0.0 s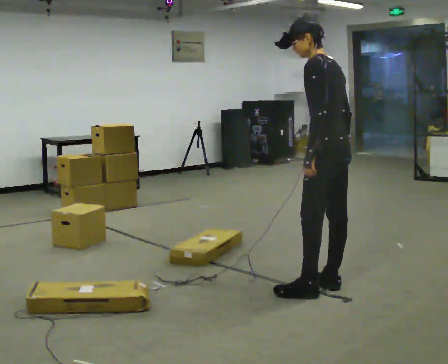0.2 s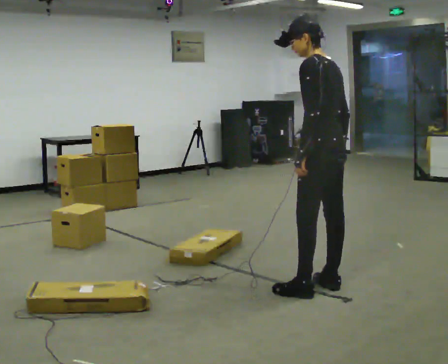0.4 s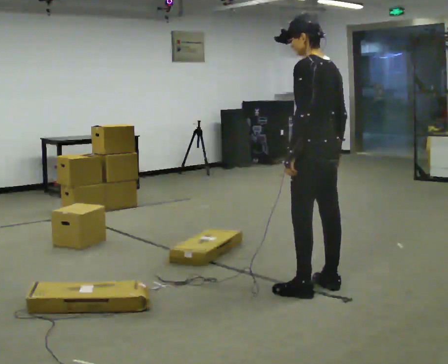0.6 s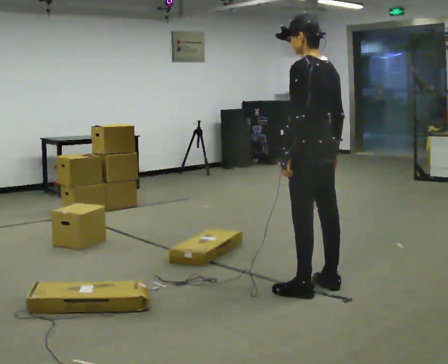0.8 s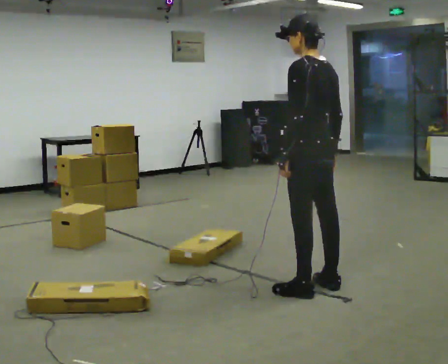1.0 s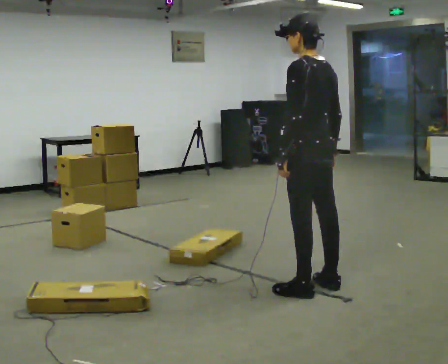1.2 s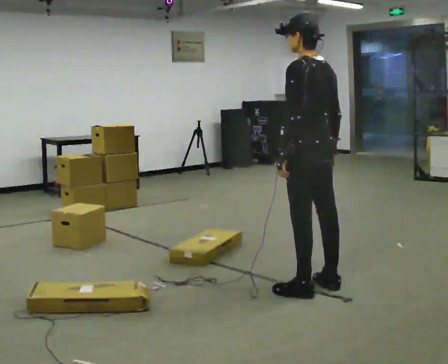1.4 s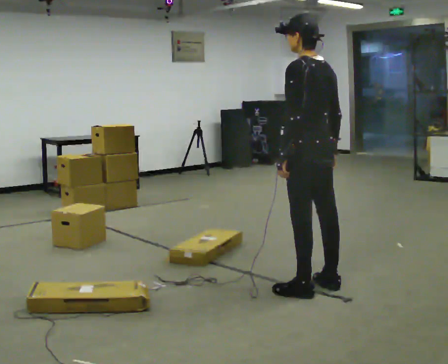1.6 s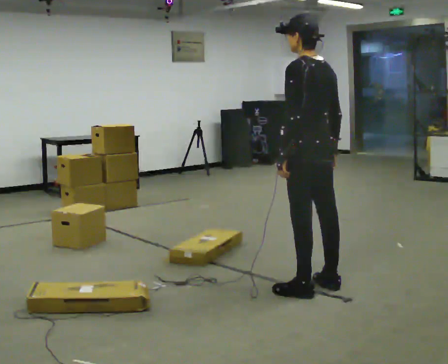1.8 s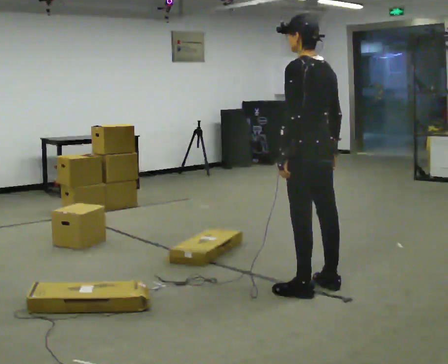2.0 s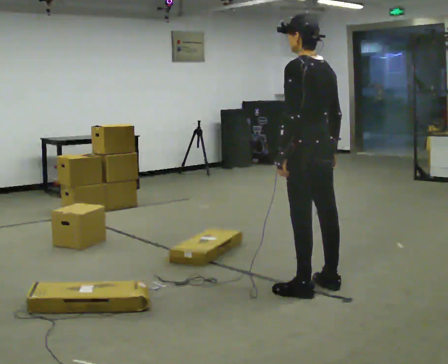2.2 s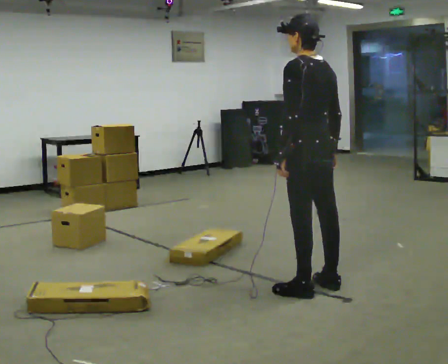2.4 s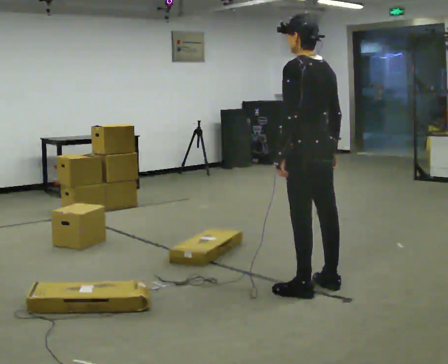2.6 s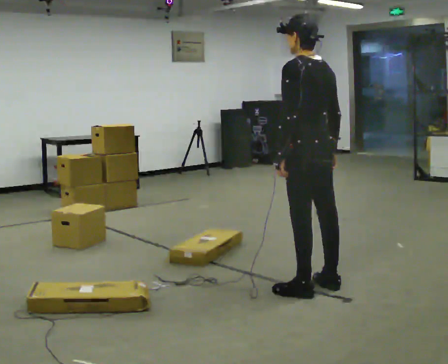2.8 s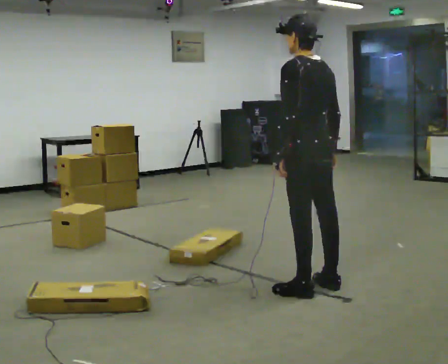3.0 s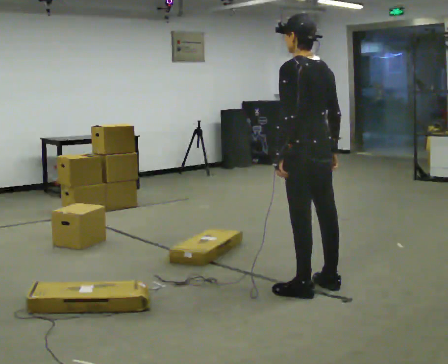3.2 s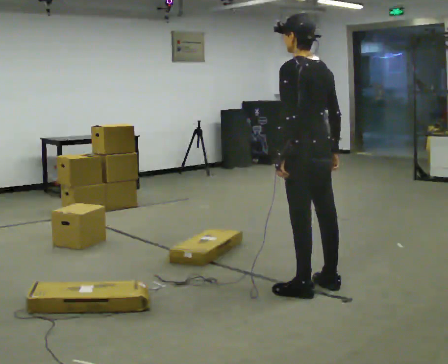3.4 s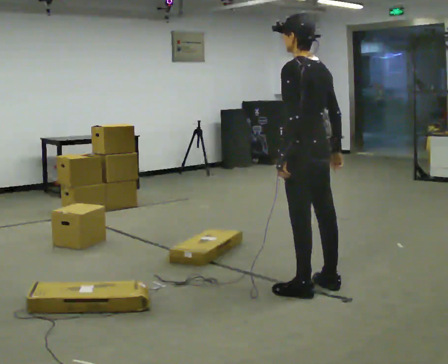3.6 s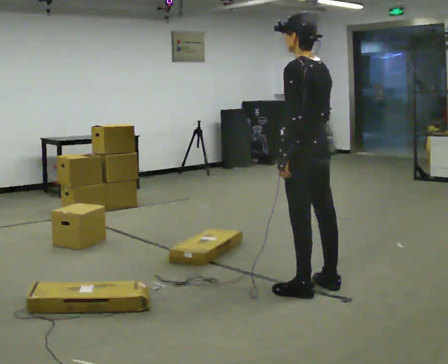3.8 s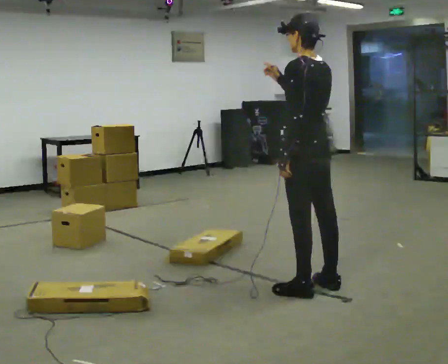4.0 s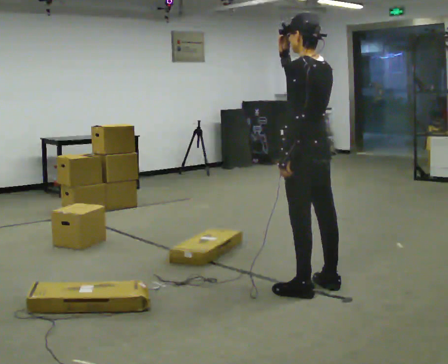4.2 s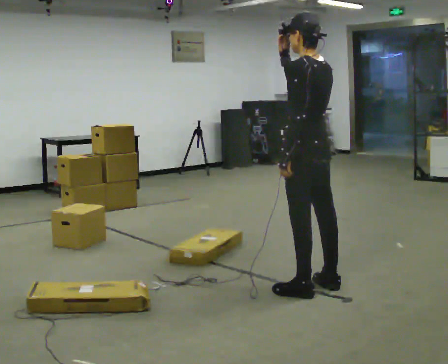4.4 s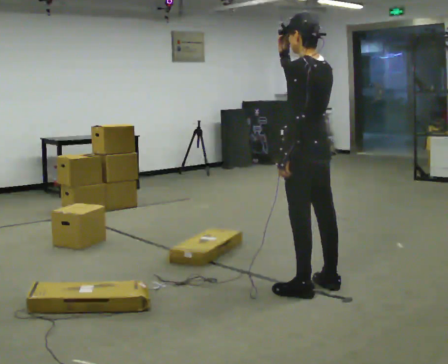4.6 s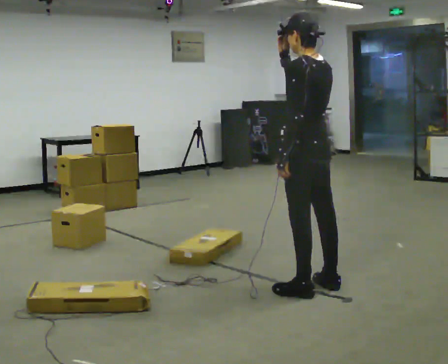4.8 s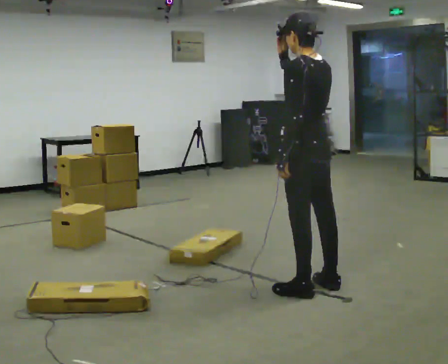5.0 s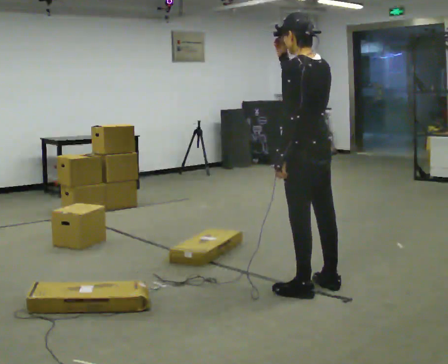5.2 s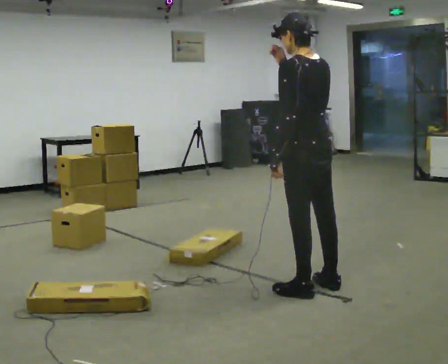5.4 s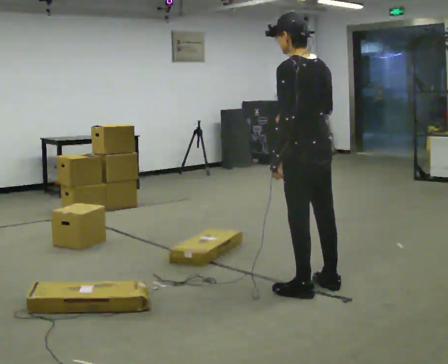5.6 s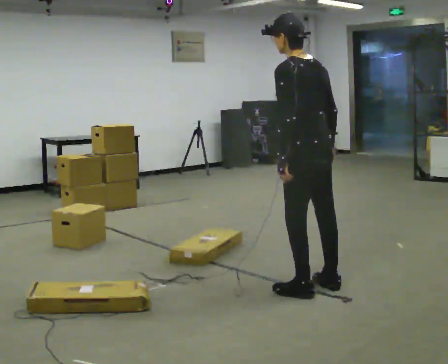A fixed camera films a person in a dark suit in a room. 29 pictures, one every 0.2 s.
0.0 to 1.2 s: The person moves a little, or ends about where they began.
1.2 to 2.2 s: The person keeps their place and pose.
2.2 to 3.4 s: The person moves a little, or ends about where they began.
3.4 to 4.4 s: In the picture their right hand goes upward and to the left.
4.4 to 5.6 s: In the picture their right hand goes downward.
The film runs backward here.
